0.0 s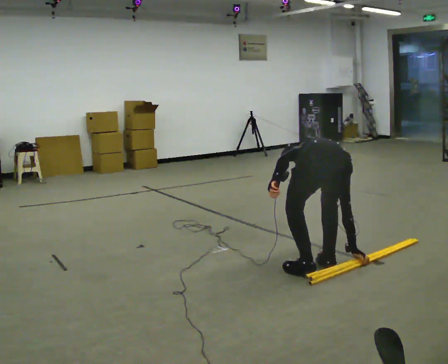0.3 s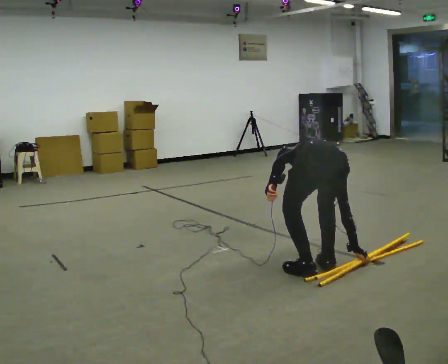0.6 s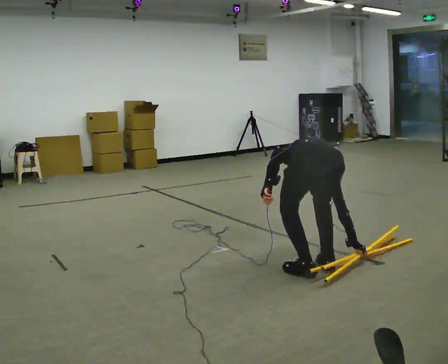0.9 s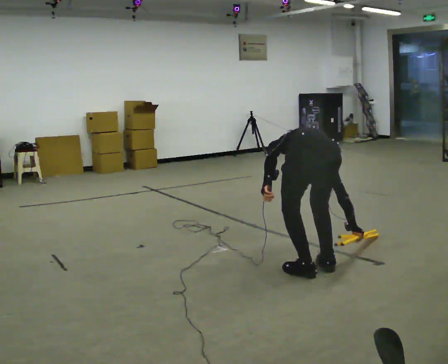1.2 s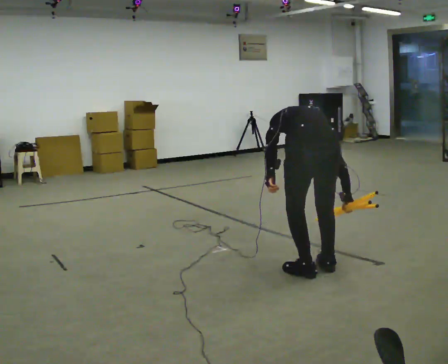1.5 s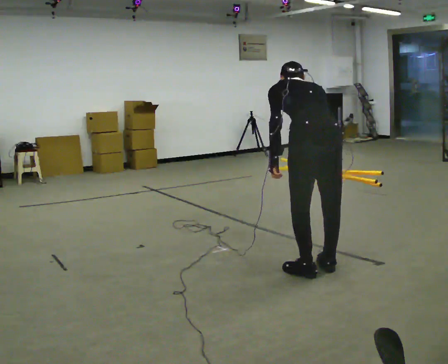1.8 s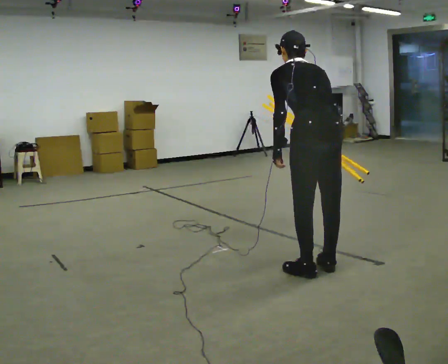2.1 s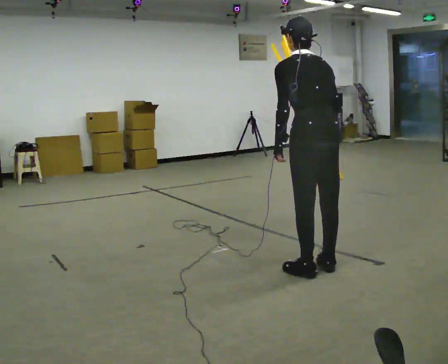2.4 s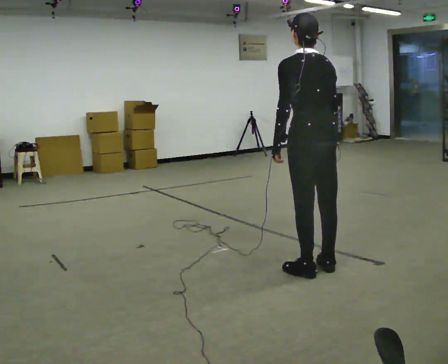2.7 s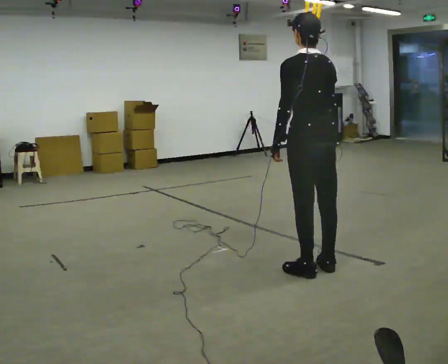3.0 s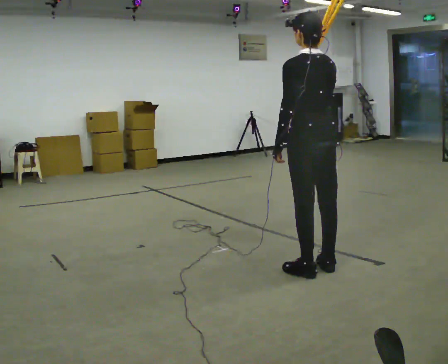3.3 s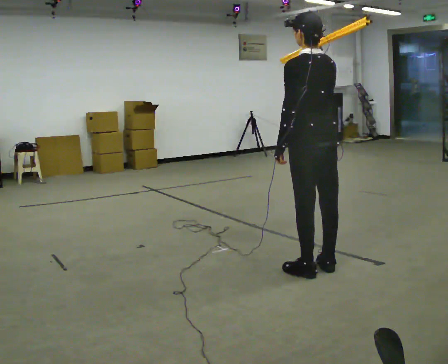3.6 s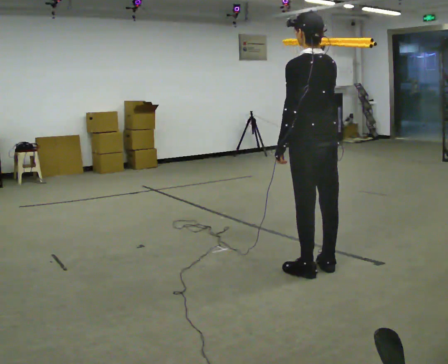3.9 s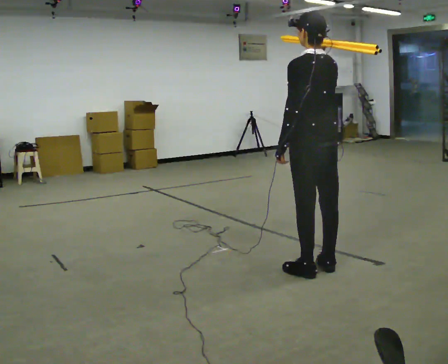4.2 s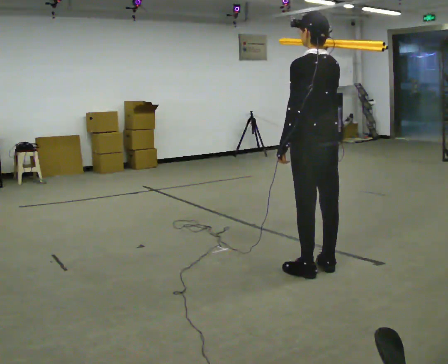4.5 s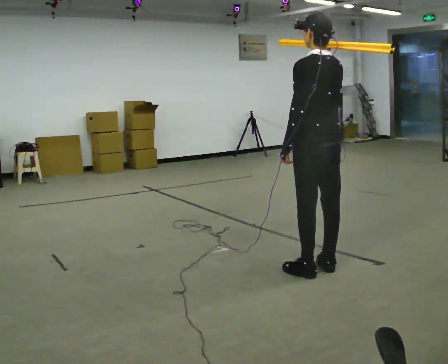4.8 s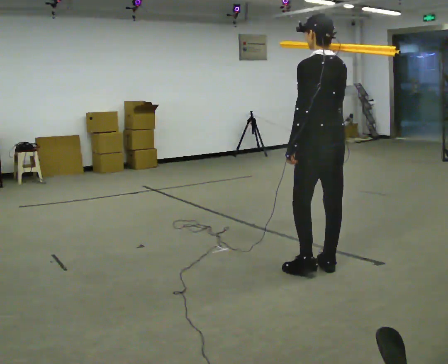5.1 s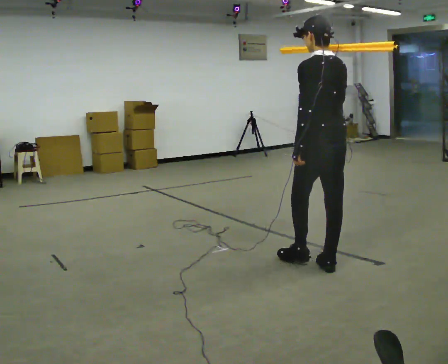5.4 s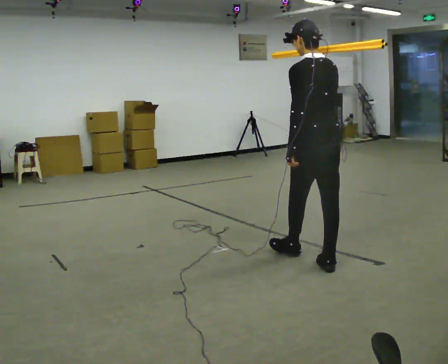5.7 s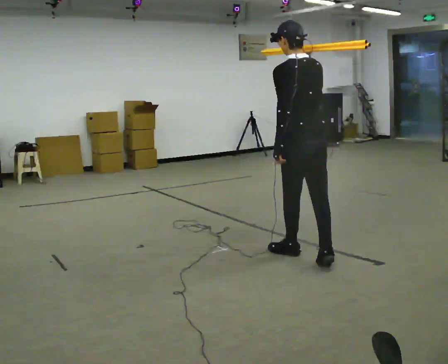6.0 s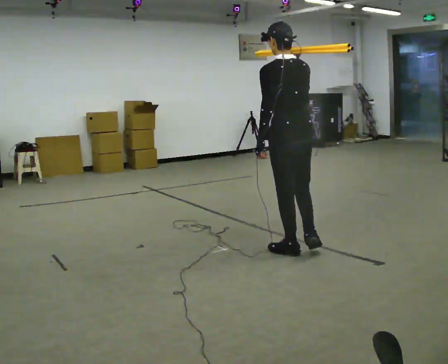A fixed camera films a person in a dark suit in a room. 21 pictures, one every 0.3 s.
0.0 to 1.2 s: The upper body goes upward. In the picture the upper body tilts clockwise, shoulders to the right, as they lean back or straighten.
1.2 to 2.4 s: In the picture they go away from the camera, about 0.25 m, which for them is forward. The upper body goes upward. The upper body tips toward the camera, its near side rolling downward, as they lean back or straighten. In the picture their right hand goes upward.
2.4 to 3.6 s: In the picture their right hand goes upward.
3.6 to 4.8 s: The person moves a little, or ends about where they began.
4.8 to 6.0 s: In the picture they go away from the camera and to the left, about 0.5 m in 1 step, which for them is forward.
The film runs forward here.
